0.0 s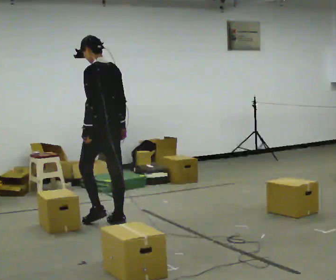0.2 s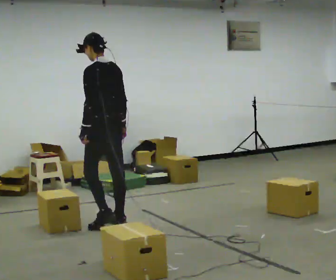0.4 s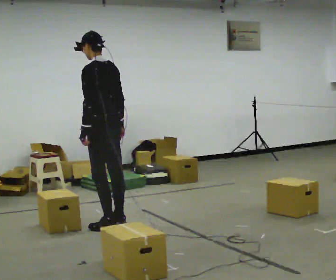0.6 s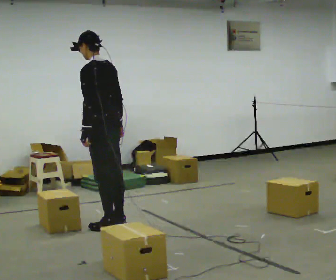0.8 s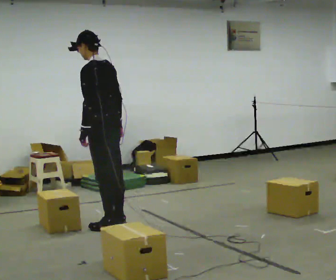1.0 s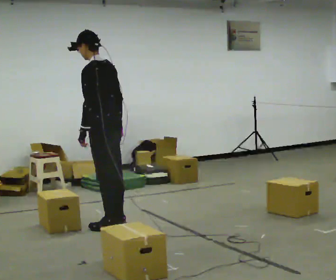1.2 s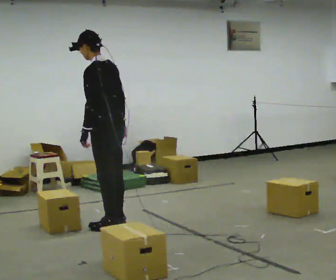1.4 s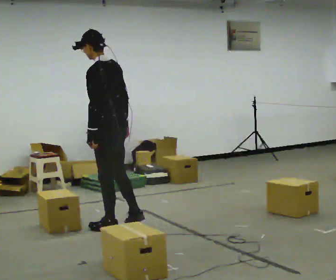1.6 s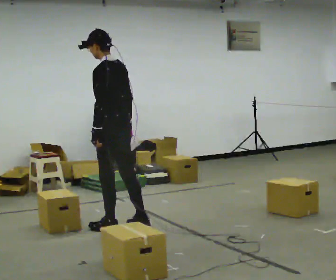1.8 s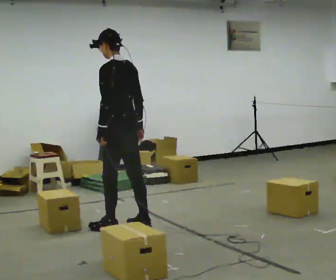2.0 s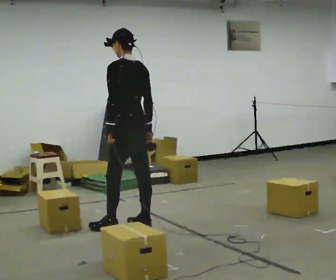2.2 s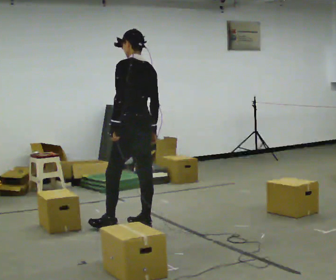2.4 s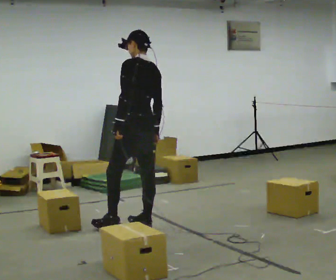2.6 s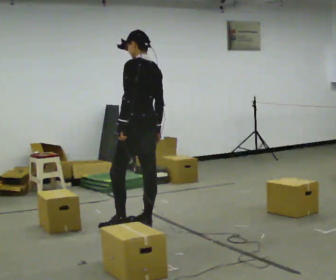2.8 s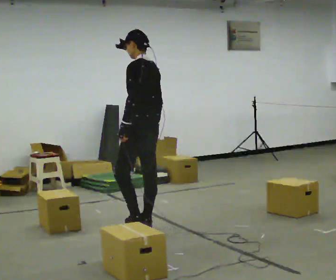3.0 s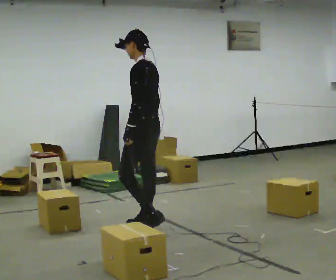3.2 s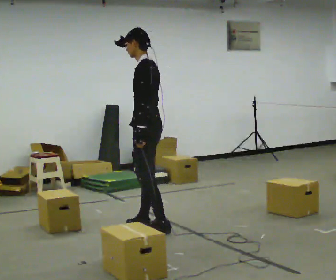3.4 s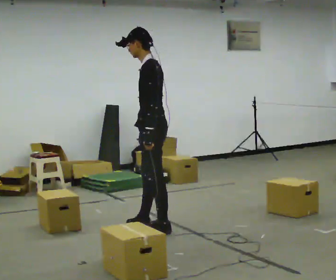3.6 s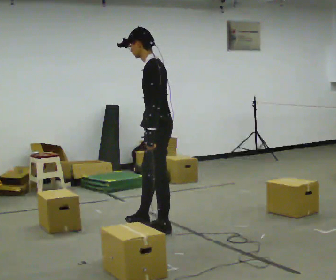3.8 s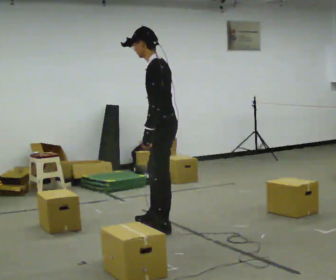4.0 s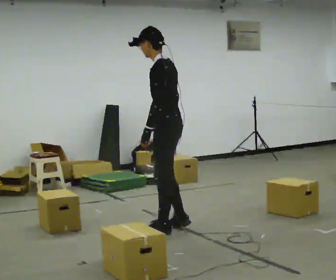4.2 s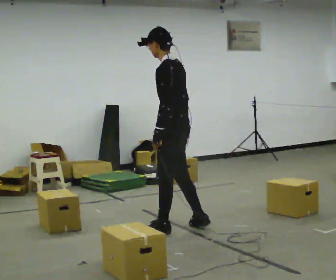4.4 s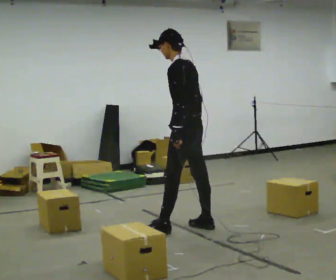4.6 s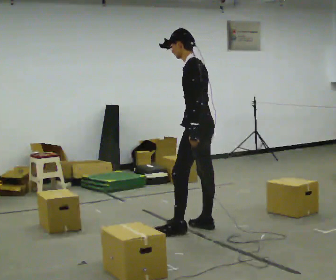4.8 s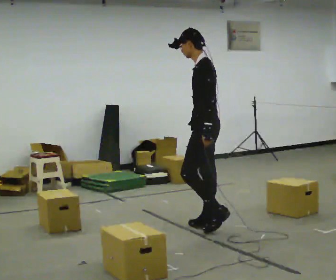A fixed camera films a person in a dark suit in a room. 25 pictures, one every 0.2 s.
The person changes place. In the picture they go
to the right.
0.0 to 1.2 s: In the picture they go toward the camera, about 0.25 m in 1 step, which for them is backward and to their left.
1.2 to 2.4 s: In the picture they go to the right, about 0.25 m in 1 step, which for them is backward and to their right. In the picture the upper body tilts clockwise, shoulders to the right.
2.4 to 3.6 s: Seen from above the body turns counterclockwise, about 45 degrees: to their left, with its near side sliding to the right. In the picture they go to the right, about 0.25 m, which for them is backward. In the picture the upper body tilts counterclockwise, shoulders to the left.
3.6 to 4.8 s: In the picture they go to the right, about 0.5 m in 2 steps, which for them is backward and to their right.
The film runs backward here.
